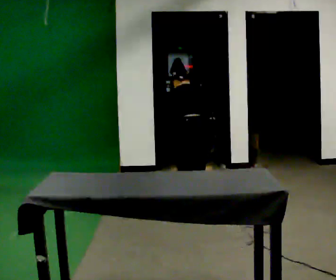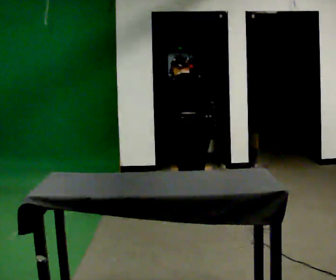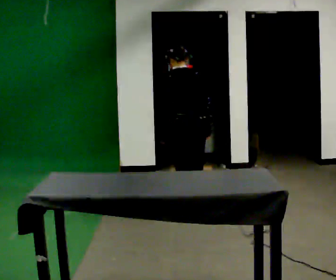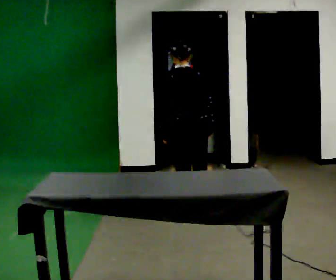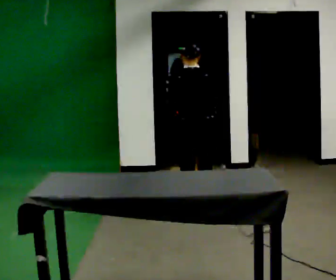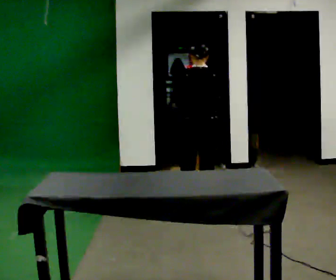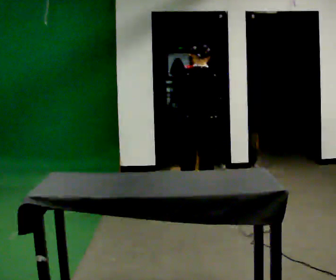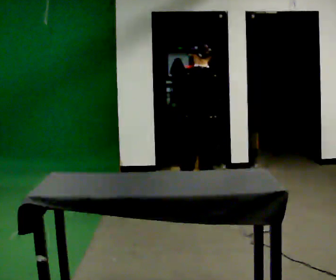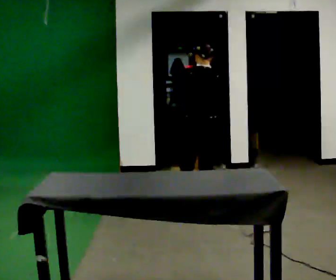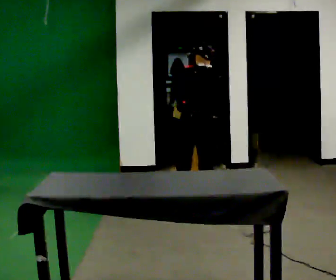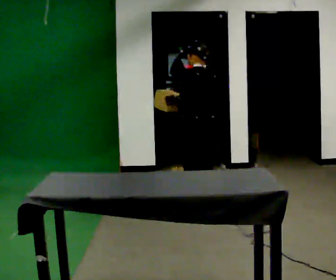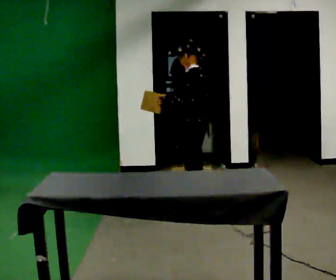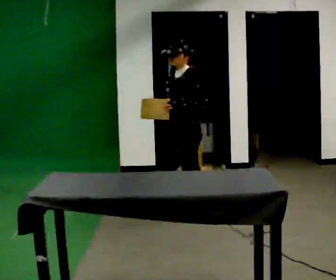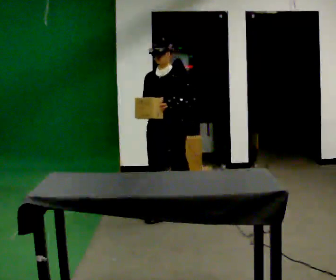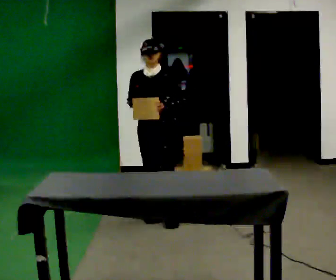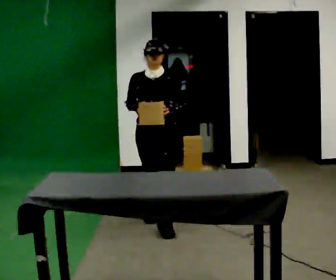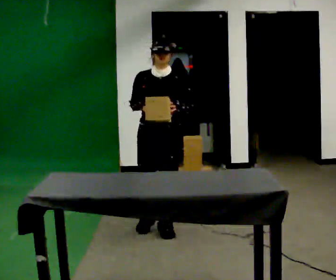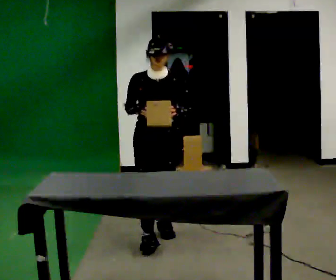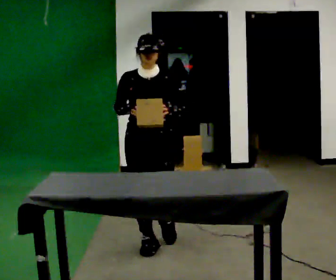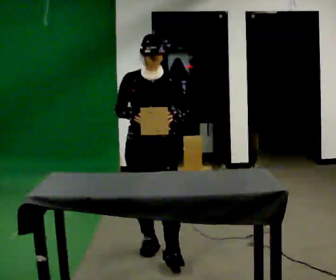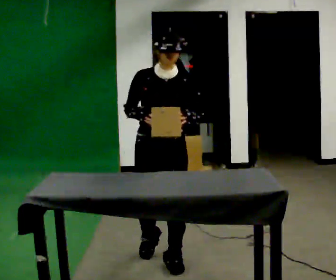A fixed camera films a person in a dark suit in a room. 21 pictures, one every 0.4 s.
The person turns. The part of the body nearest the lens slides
to the right.
The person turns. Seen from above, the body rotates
counterclockwise.
0.0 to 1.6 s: The upper body goes upward. The upper body tips toward the camera, its near side rolling downward, as they lean back or straighten.
1.6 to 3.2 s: The person moves a little, or ends about where they began.
3.2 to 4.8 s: Seen from above the body turns counterclockwise, about 120 degrees: to their left, with its near side sliding to the right. In the picture they go toward the camera, about 0.25 m in 1 step.
4.8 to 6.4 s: Seen from above the body turns counterclockwise, about 60 degrees: to their left, with its near side sliding to the right. In the picture they go toward the camera and to the left, about 0.5 m in 2 steps, which for them is forward.
6.4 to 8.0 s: In the picture they go toward the camera, about 0.5 m in 2 steps, which for them is forward.
The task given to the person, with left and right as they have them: Take an object out of the bin at knee height, carry it across the room, and place it on the chest-height shelf. Keep going until the operator says stop; one object at a time, and do not rush between trips.
The film runs forward here.
